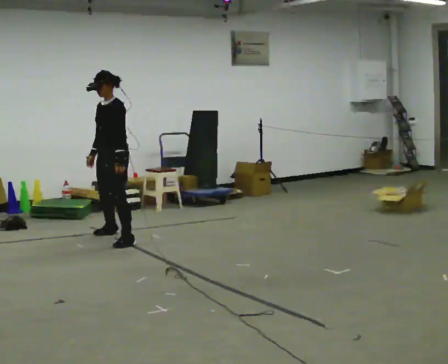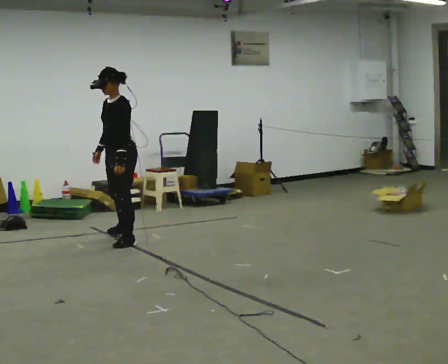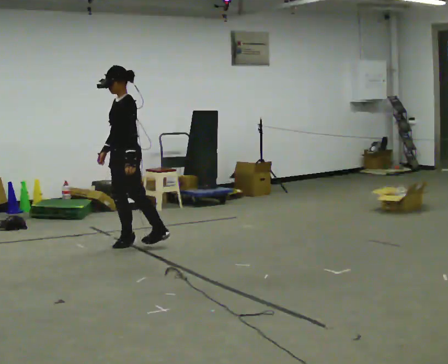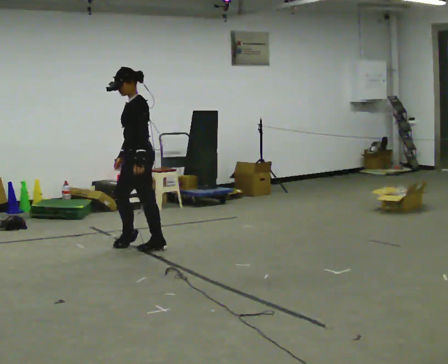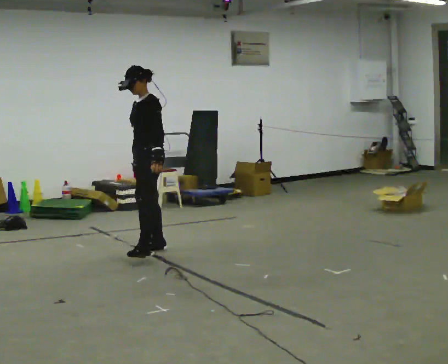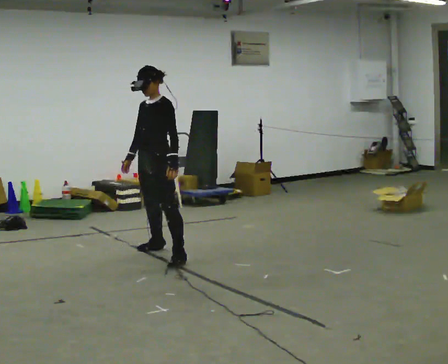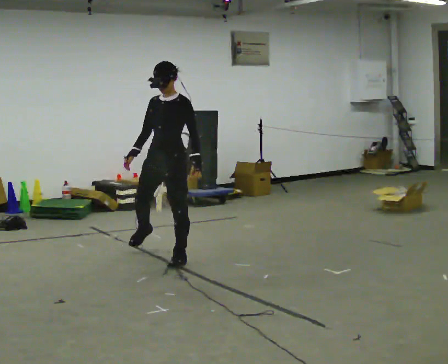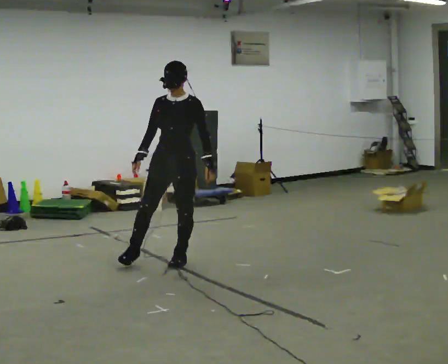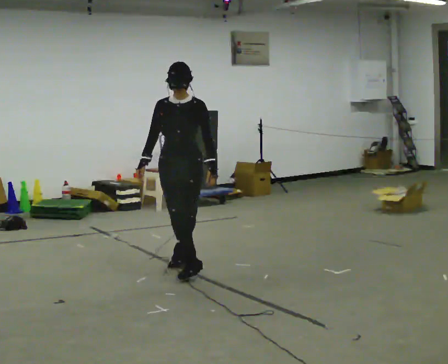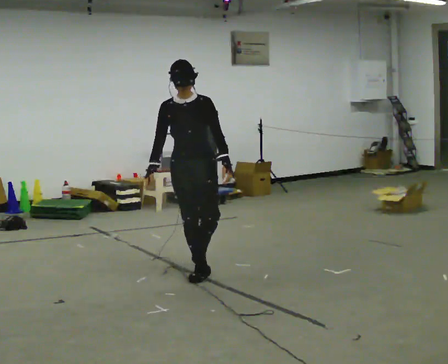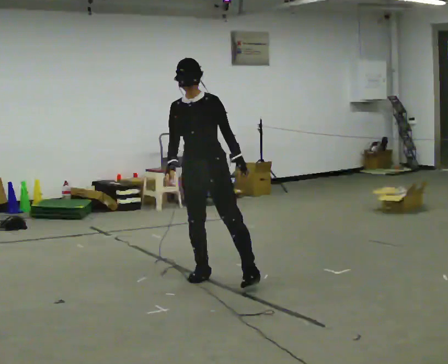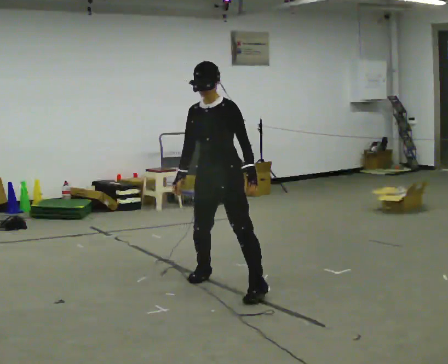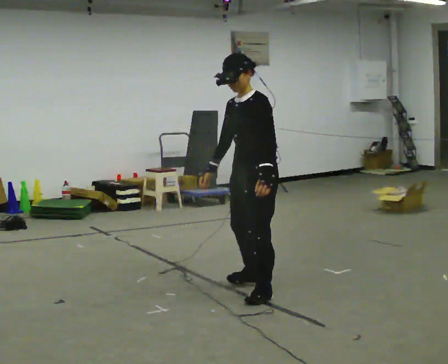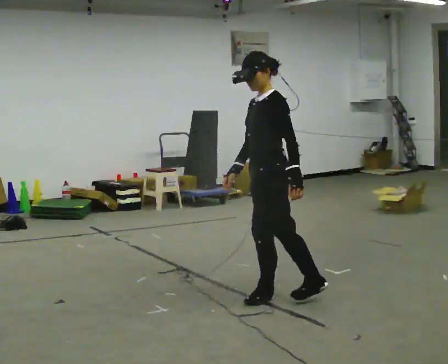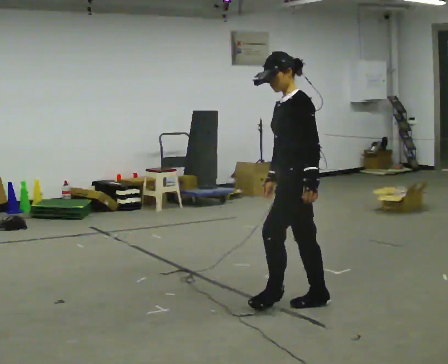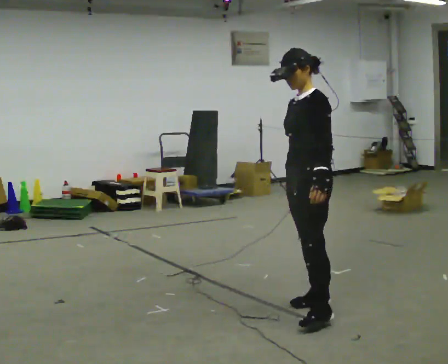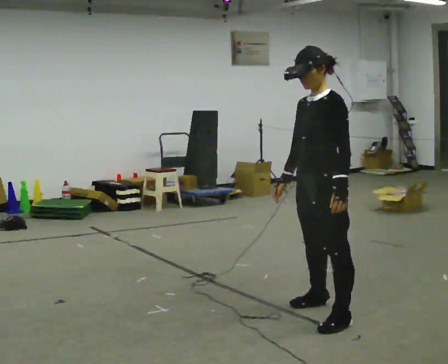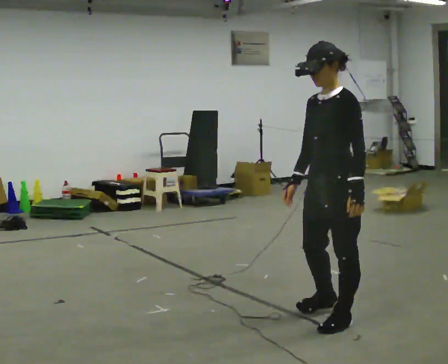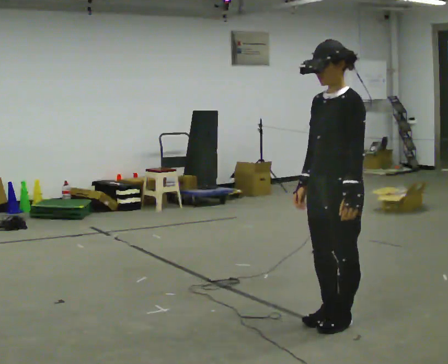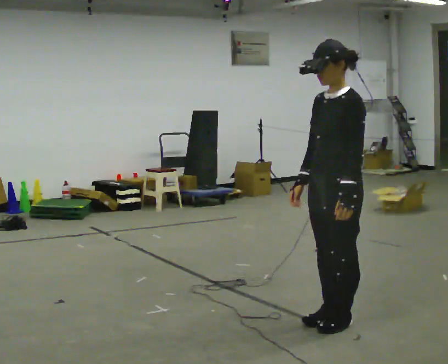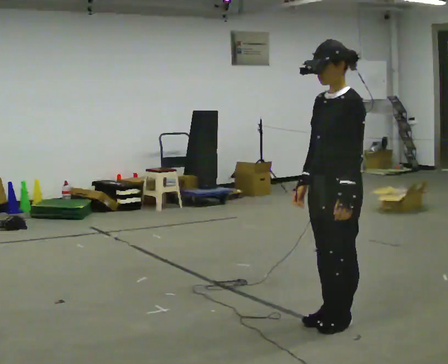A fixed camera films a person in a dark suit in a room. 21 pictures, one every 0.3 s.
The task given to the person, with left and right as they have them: Move sideways in the direction the operator calls, crossing one foot in front and then behind, alternating.
0.0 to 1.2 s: In the picture they go toward the camera and to the right, about 0.5 m in 1 step, which for them is to their left and backward.
1.2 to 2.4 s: Seen from above the body turns counterclockwise, about 60 degrees: to their left, with its near side sliding to the right. In the picture they go toward the camera and to the right, about 0.75 m in 1 step.
2.4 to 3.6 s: The part of the body nearest the lens slides to the left as the person turns to their right by about 60 degrees. In the picture they go toward the camera and to the right, about 1 m in 2 steps.
3.6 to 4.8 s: In the picture they go toward the camera and to the right, about 0.5 m in 2 steps, which for them is to their left and backward.
4.8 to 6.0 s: In the picture they go toward the camera, about 0.25 m in 1 step, which for them is to their left.
The film runs forward here.
